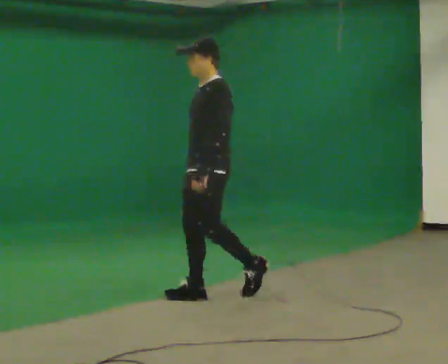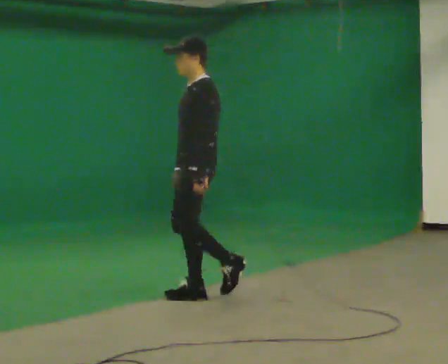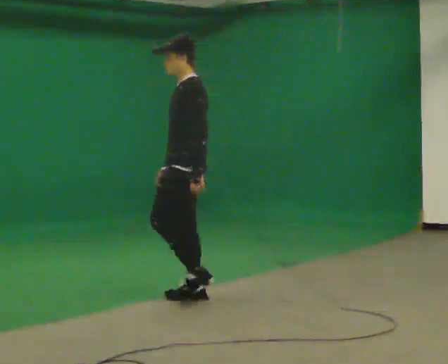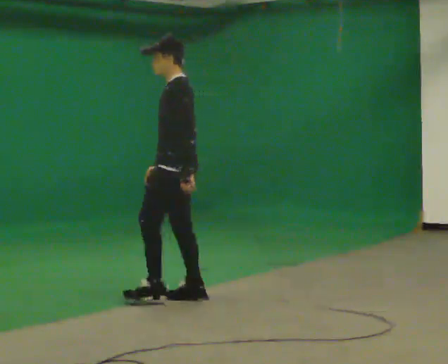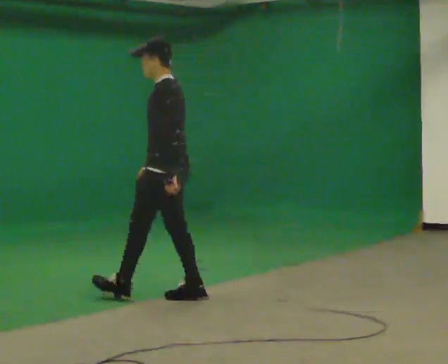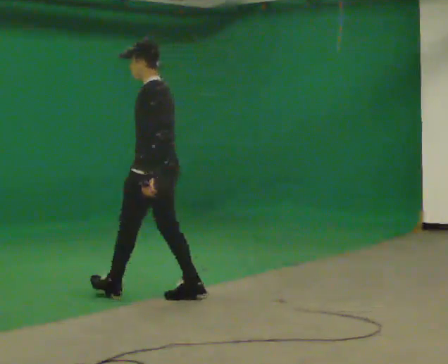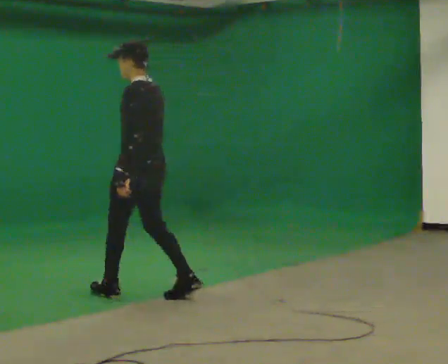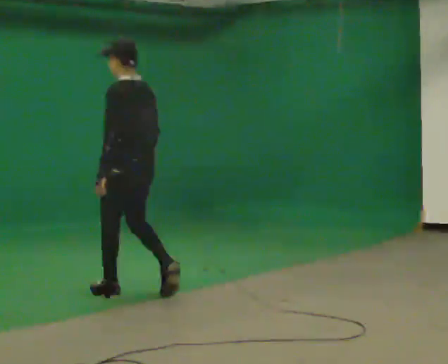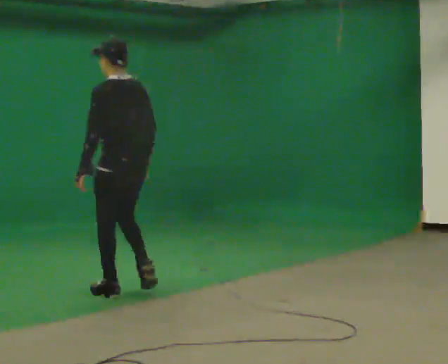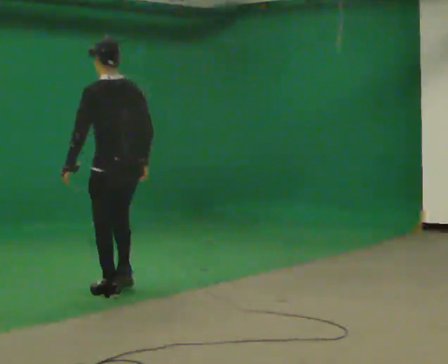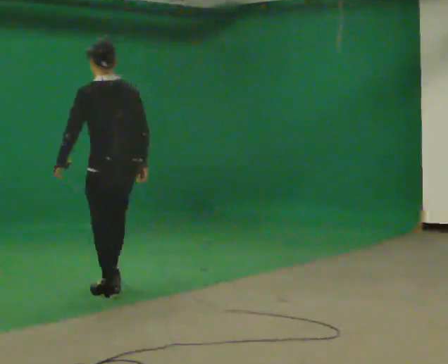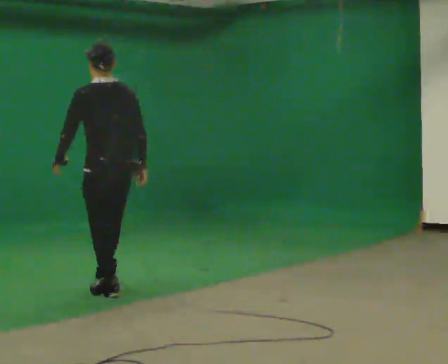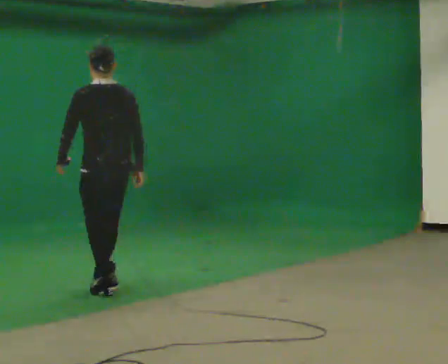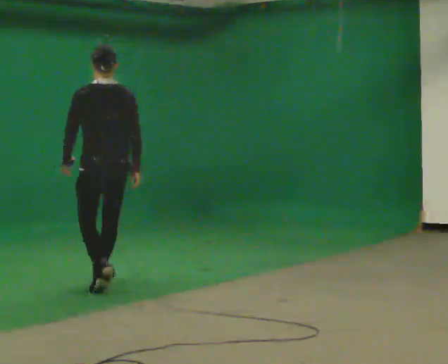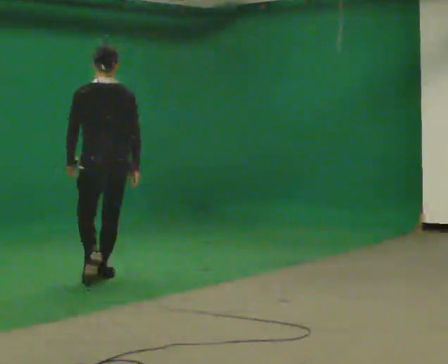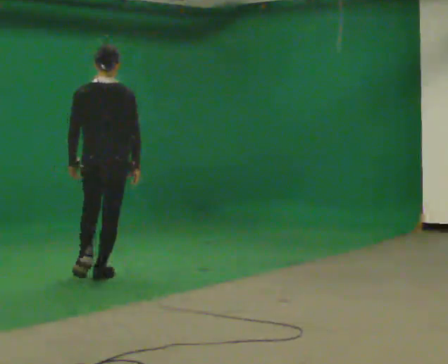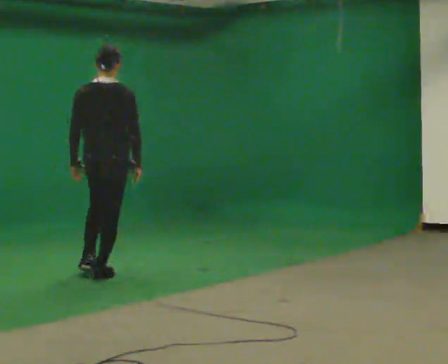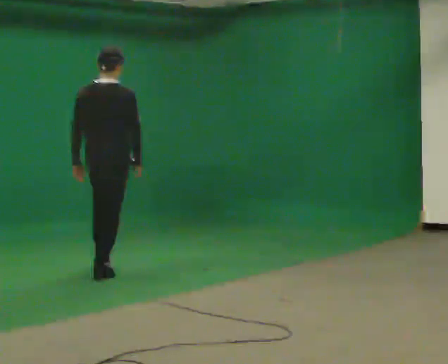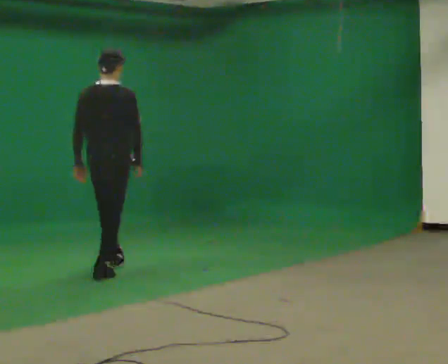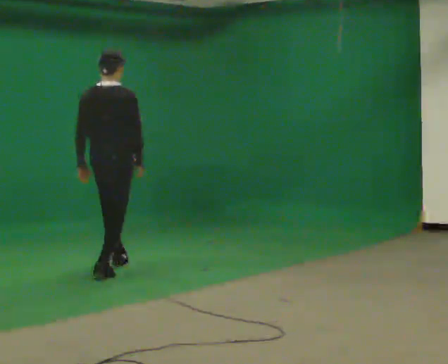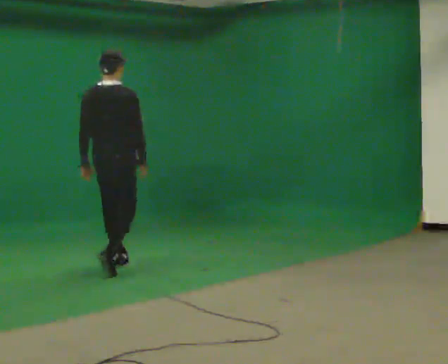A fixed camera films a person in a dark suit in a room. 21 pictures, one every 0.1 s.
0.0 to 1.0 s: Seen from above the body turns clockwise, about 75 degrees: to their right, with its near side sliding to the left. In the picture they go to the left, about 0.75 m in 1 step.
1.0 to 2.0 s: Seen from above the body turns clockwise, about 45 degrees: to their right, with its near side sliding to the left. In the picture they go away from the camera, about 1 m in 2 steps, which for them is forward.
The film runs forward here.
